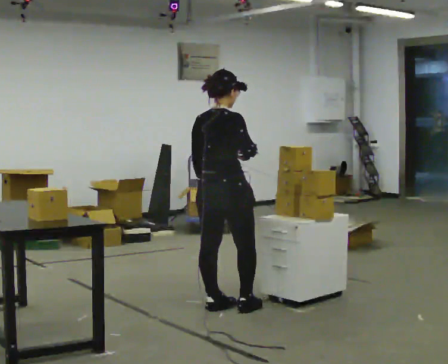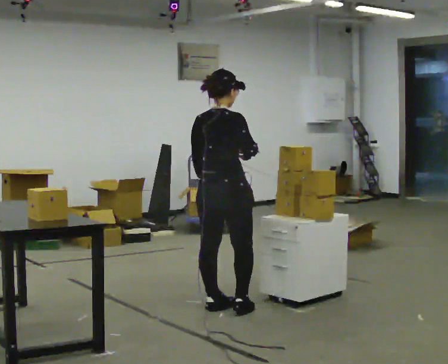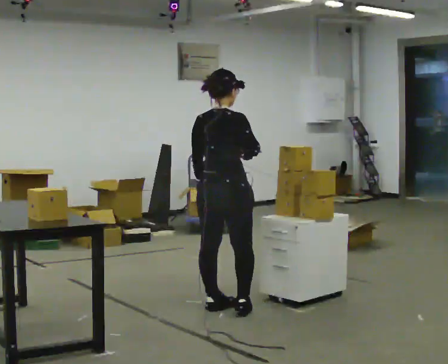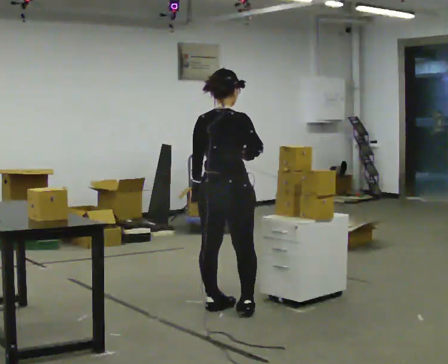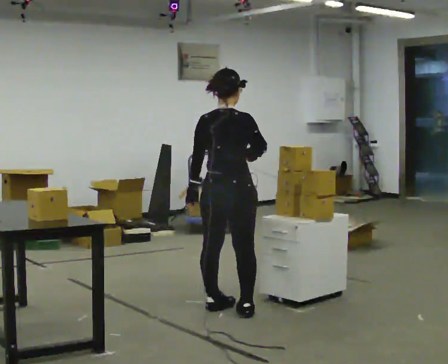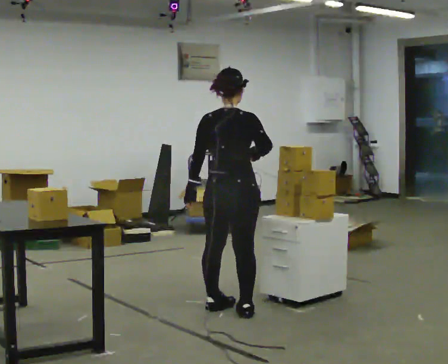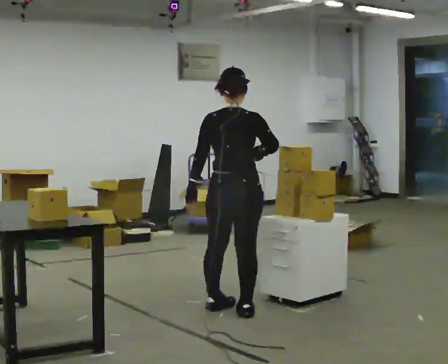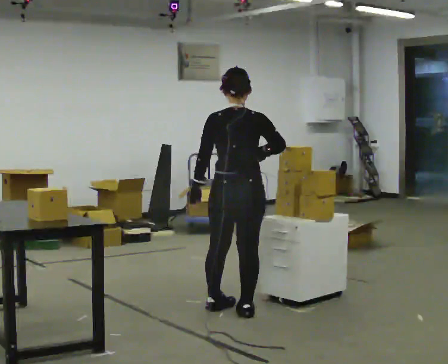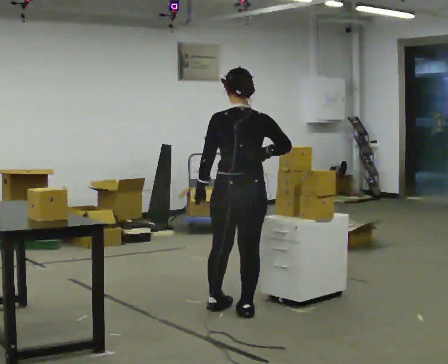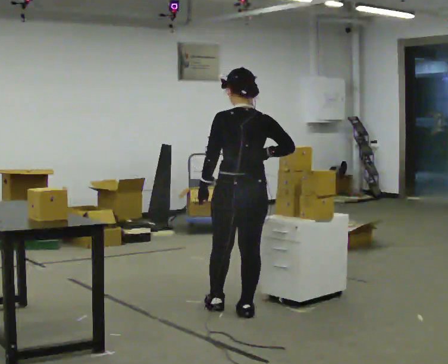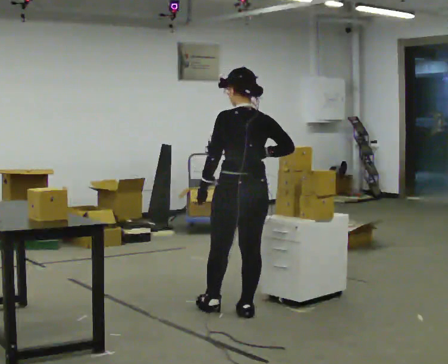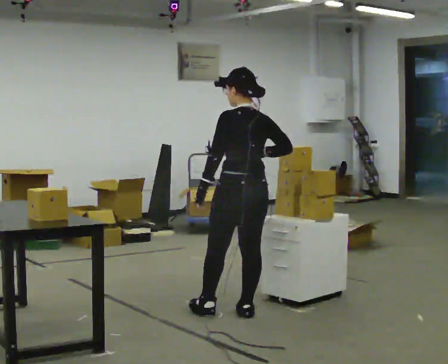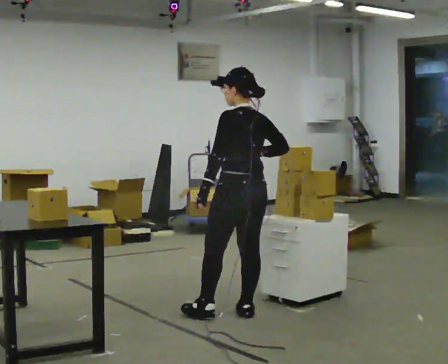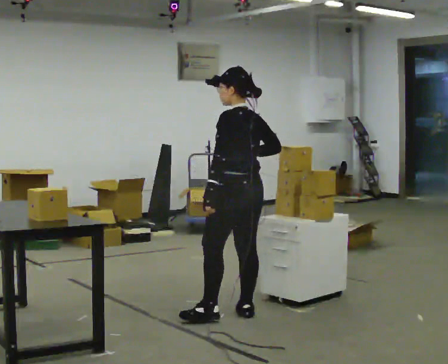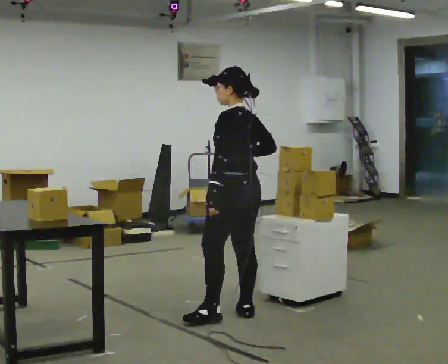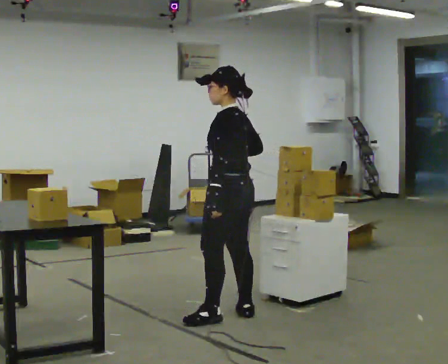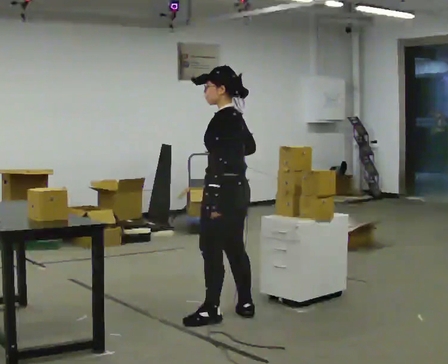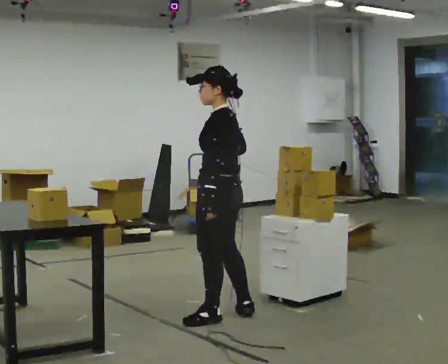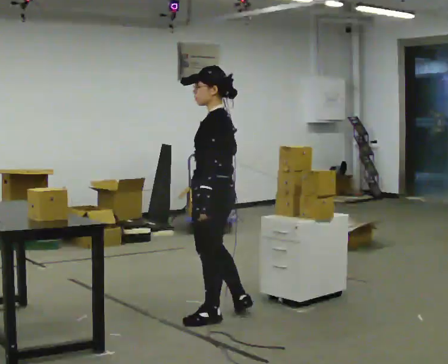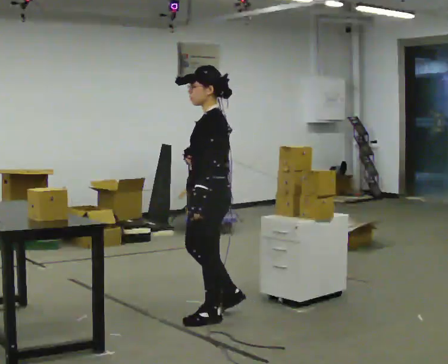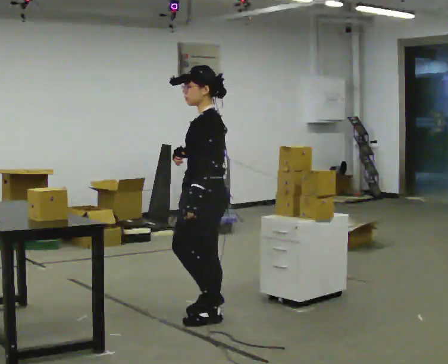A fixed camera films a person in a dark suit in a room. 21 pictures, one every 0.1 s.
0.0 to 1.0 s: The part of the body nearest the lens slides to the right as the person turns to their left by about 60 degrees. In the picture they go toward the camera and to the right, about 0.25 m in 1 step, which for them is to their right.
1.0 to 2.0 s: Seen from above the body turns counterclockwise, about 75 degrees: to their left, with its near side sliding to the right. In the picture they go to the left, about 0.25 m in 1 step.
The film runs forward here.
